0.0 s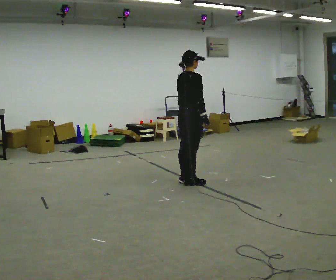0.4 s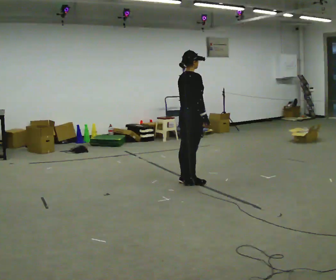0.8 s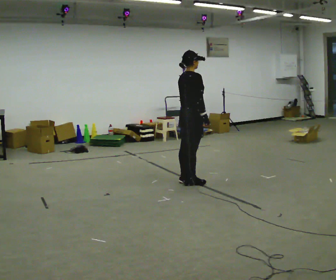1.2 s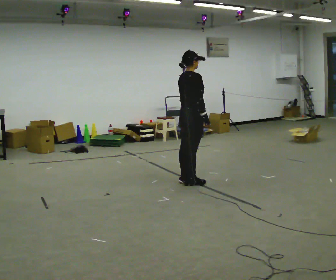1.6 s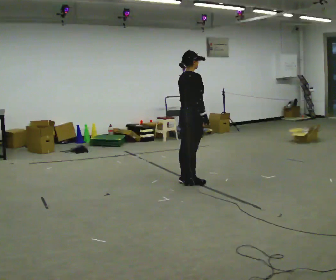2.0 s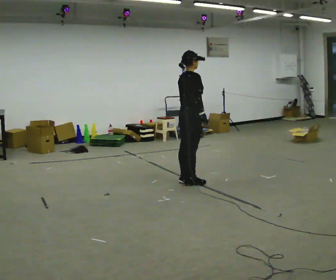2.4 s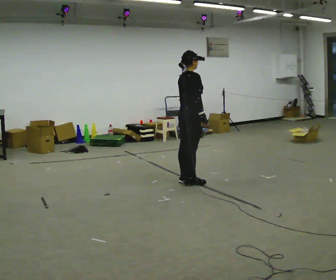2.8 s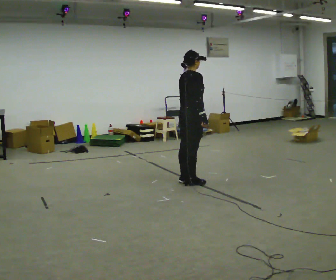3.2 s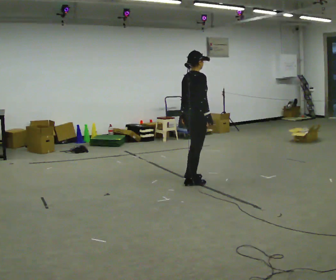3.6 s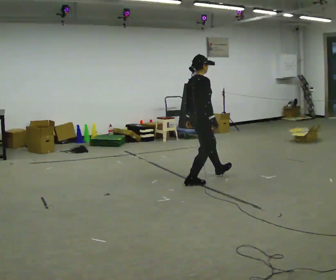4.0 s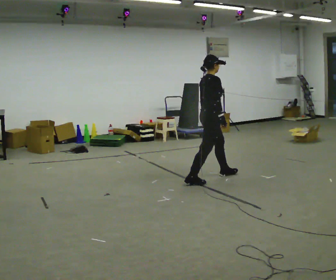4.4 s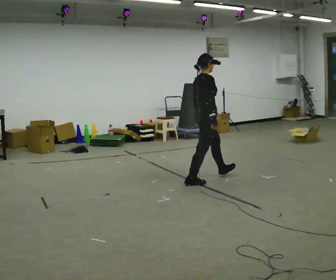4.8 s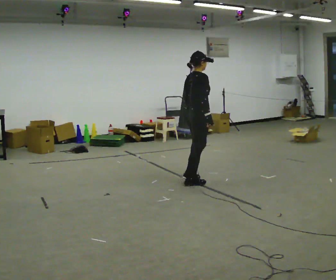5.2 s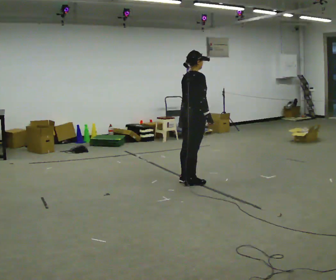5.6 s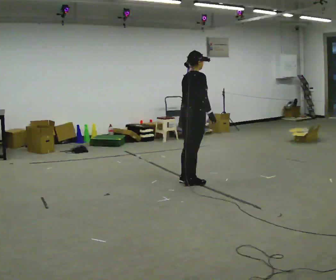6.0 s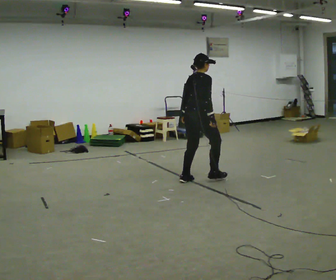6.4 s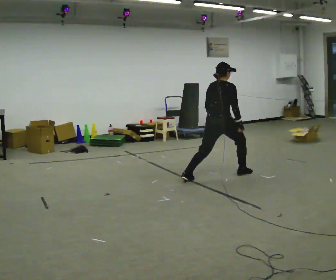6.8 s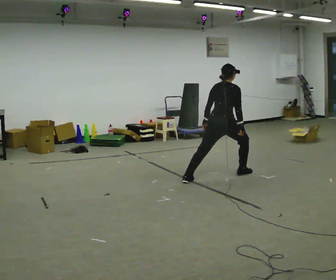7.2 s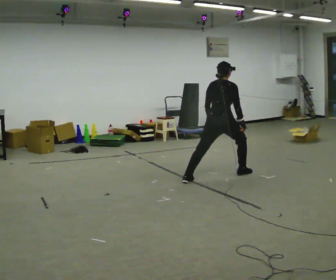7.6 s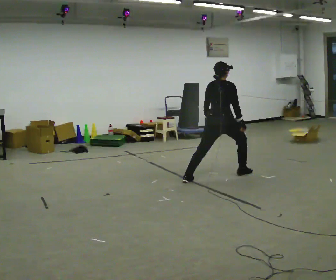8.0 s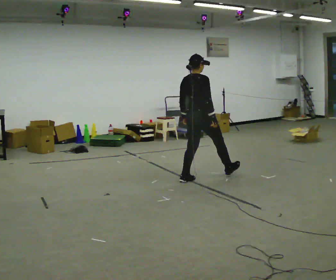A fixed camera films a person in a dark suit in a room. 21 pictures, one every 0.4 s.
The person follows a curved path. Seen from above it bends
counterclockwise.
0.0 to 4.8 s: The person moves a little, or ends about where they began.
4.8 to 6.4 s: Seen from above the body turns counterclockwise, about 30 degrees: to their left, with its near side sliding to the right. In the picture they go away from the camera and to the right, about 0.25 m in 1 step, which for them is forward.
6.4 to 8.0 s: In the picture they go to the left, about 0.25 m in 1 step, which for them is to their left.
The film runs backward here.
